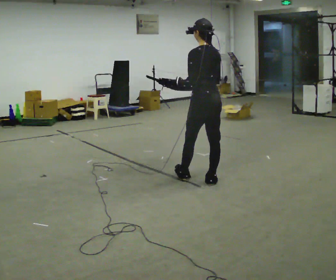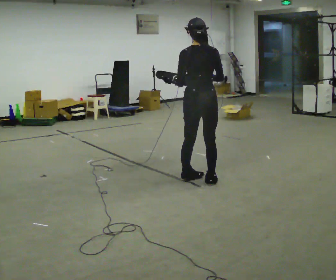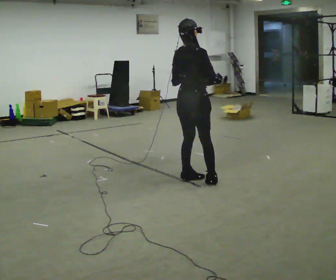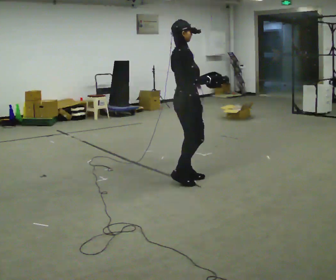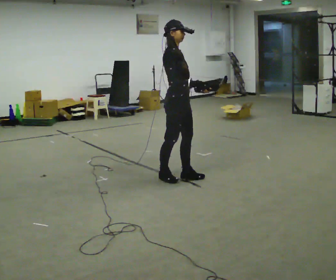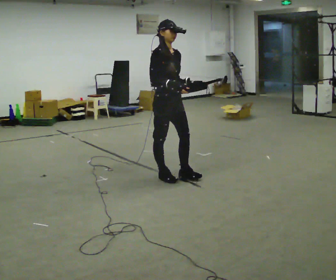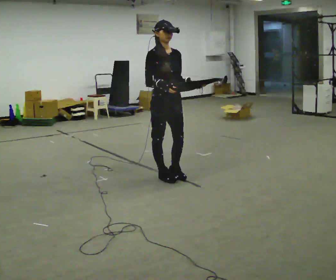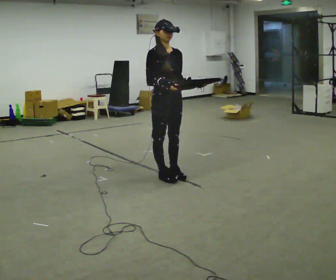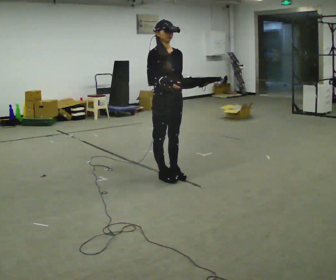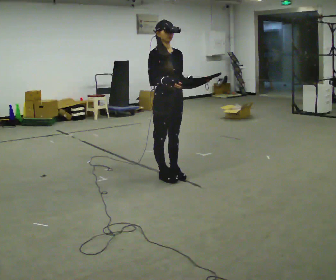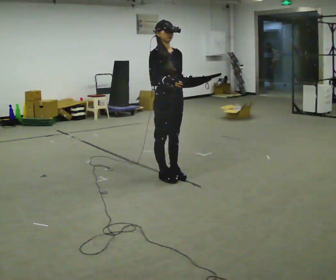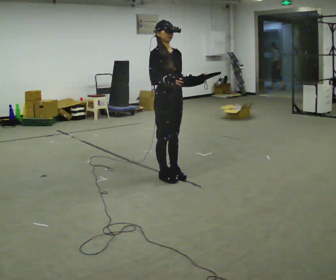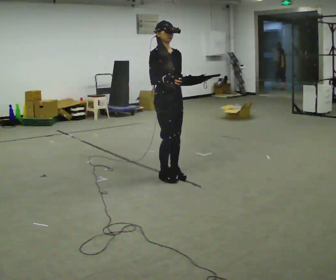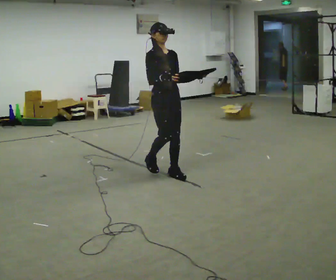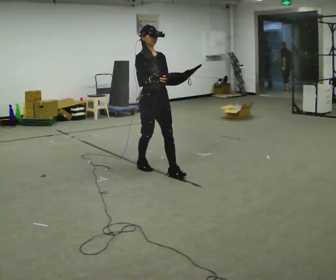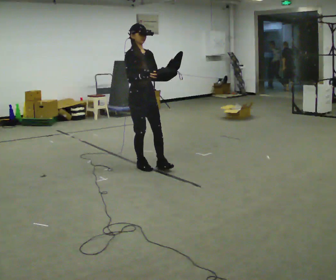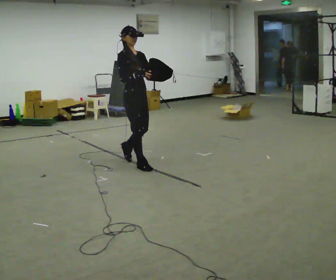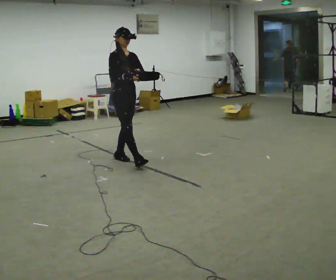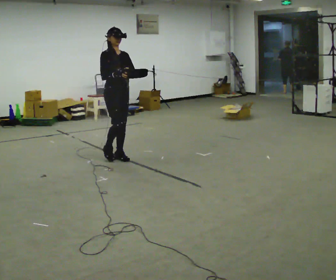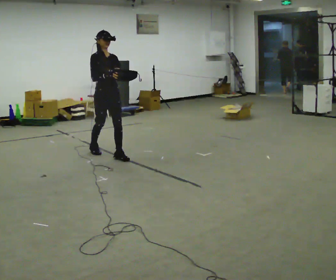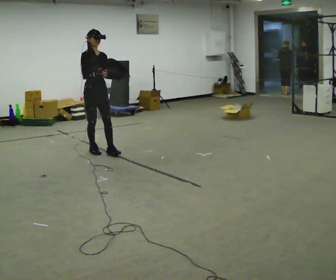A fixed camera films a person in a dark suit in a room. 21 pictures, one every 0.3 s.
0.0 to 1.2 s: Seen from above the body turns clockwise, about 150 degrees: to their right, with its near side sliding to the left. In the picture they go to the left, about 0.25 m in 1 step.
1.2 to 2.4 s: Seen from above the body turns clockwise, about 45 degrees: to their right, with its near side sliding to the left.
2.4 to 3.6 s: The person moves a little, or ends about where they began.
3.6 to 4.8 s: In the picture they go to the left and away from the camera, about 0.5 m in 2 steps, which for them is backward.
4.8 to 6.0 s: In the picture they go to the left and away from the camera, about 1 m in 2 steps, which for them is backward.
The film runs backward here.
